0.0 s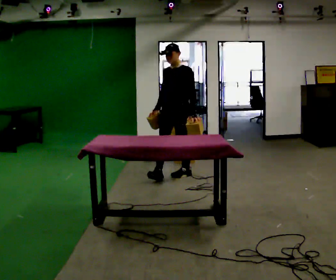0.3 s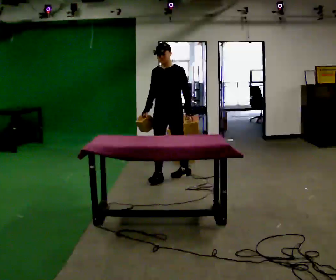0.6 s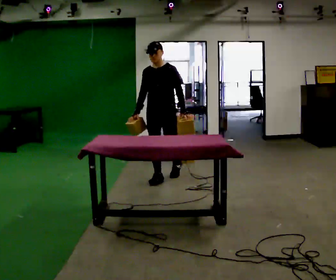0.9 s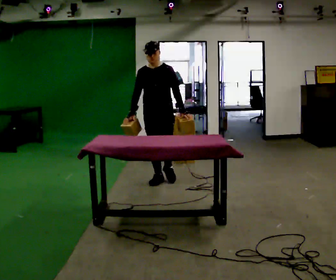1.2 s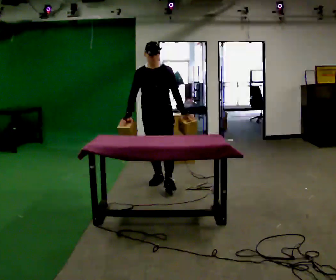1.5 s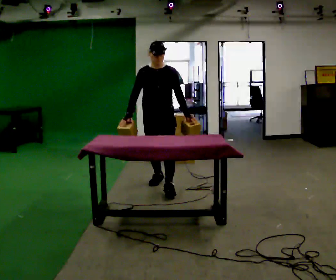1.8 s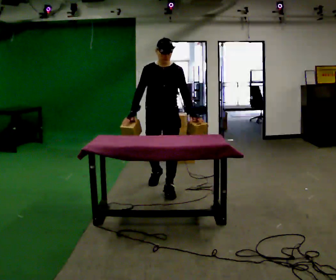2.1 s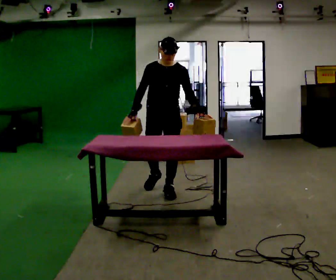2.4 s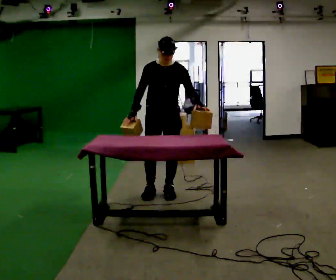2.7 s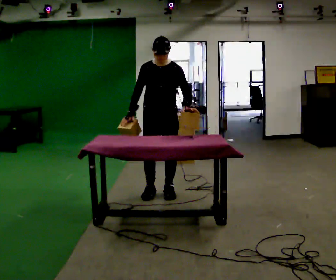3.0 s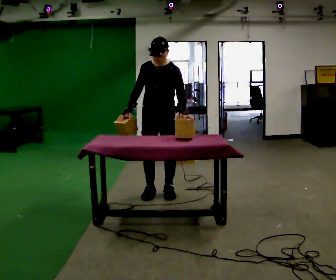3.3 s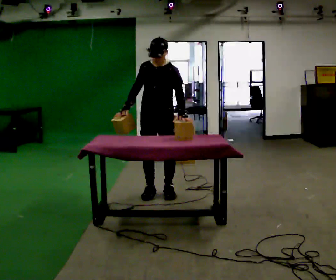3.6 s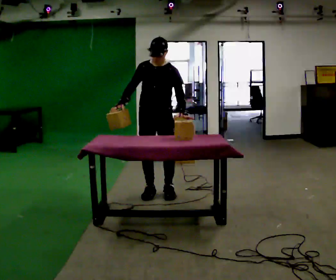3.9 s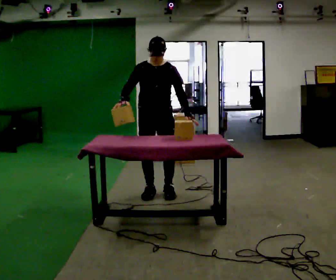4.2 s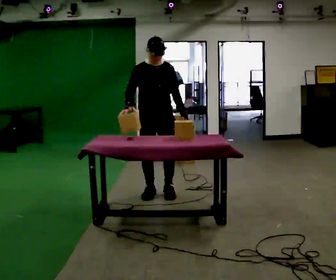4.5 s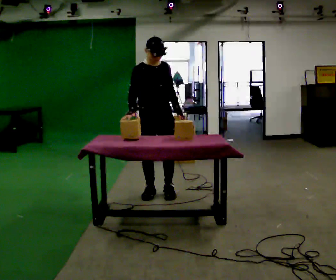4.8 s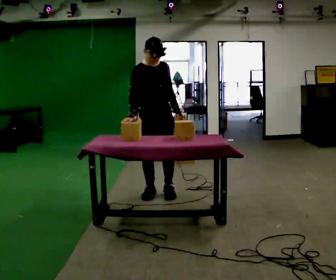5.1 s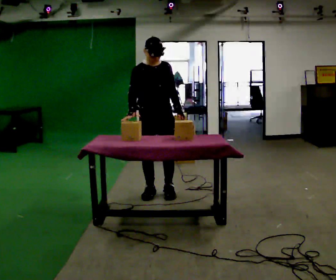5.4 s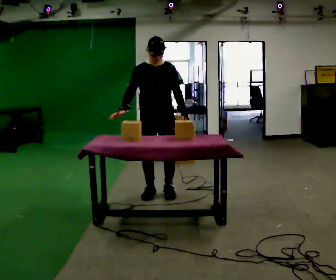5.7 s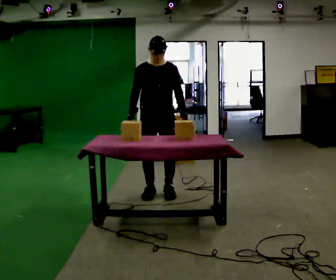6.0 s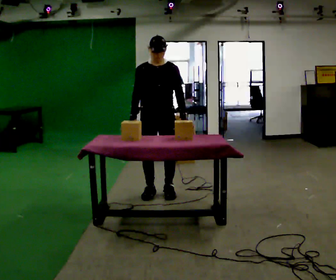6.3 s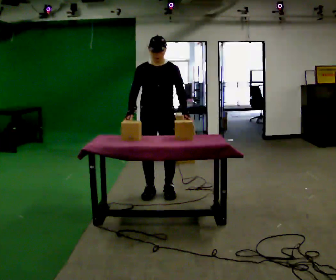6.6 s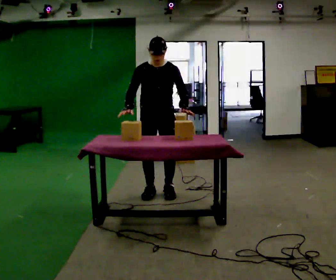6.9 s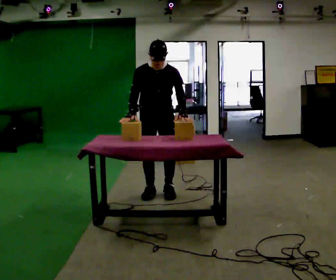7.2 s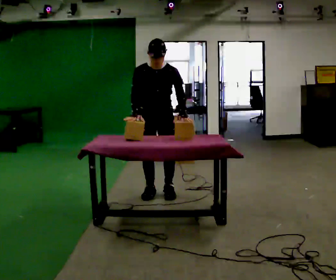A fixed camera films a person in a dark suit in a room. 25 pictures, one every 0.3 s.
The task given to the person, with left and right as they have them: Carry two objects across the room, then put just one of them on the shelf while still holding the other. Then bring them both back. Keep going until the operator says stop; one object at a time, and do not rush between trips.
0.0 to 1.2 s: The part of the body nearest the lens slides to the right as the person turns to their left by about 30 degrees. In the picture they go toward the camera and to the left, about 0.5 m, which for them is forward.
1.2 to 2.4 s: In the picture they go toward the camera, about 0.5 m in 2 steps, which for them is forward.
2.4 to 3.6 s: The person moves a little, or ends about where they began.
3.6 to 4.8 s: The person turns about 45 degrees to their left, counterclockwise seen from above, so the part of the body nearest the lens slides to the right.
4.8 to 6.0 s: The part of the body nearest the lens slides to the left as the person turns to their right by about 30 degrees.
6.0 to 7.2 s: The upper body tips toward the camera, its near side rolling downward, as they bend forward.
The film runs forward here.
